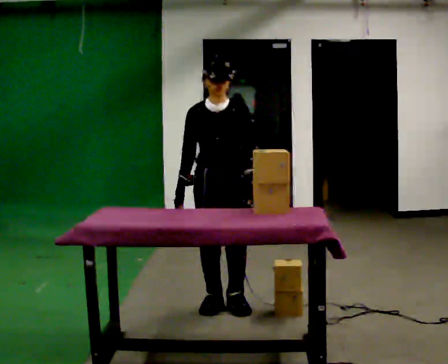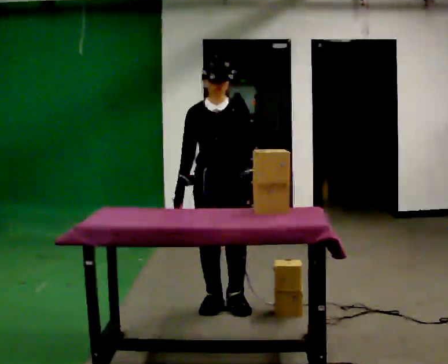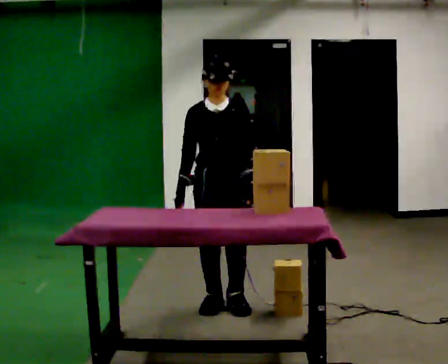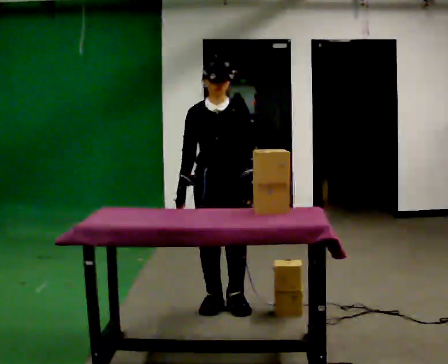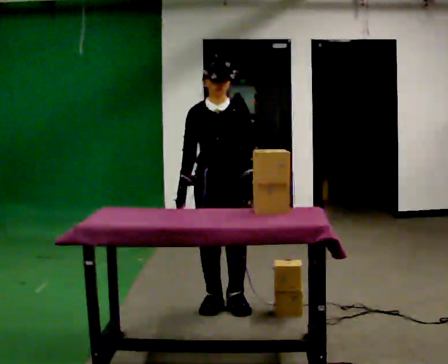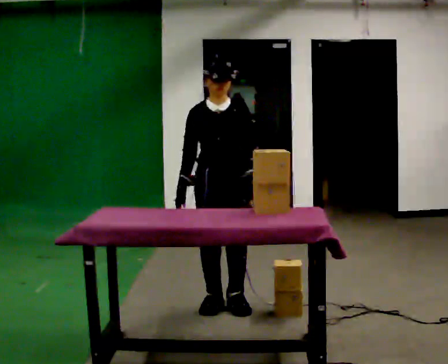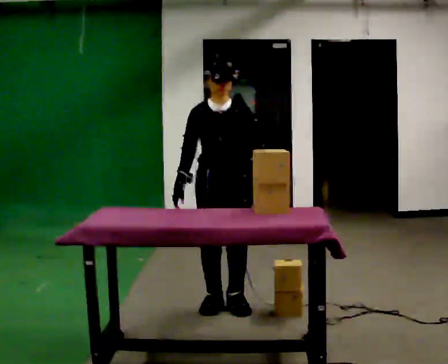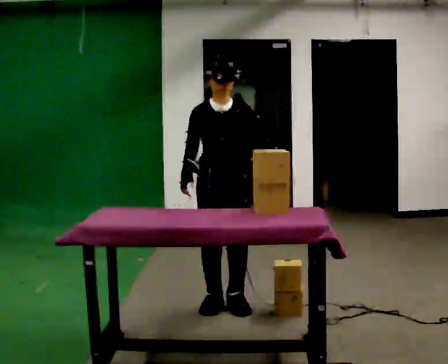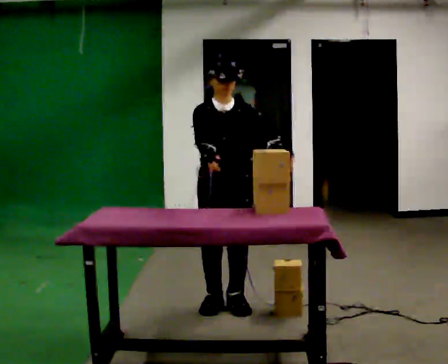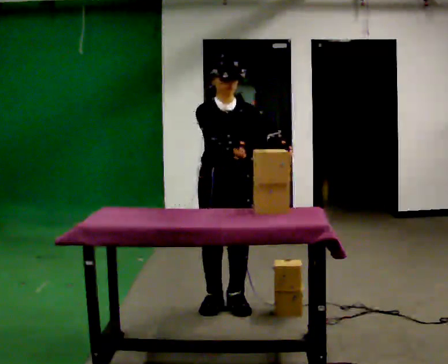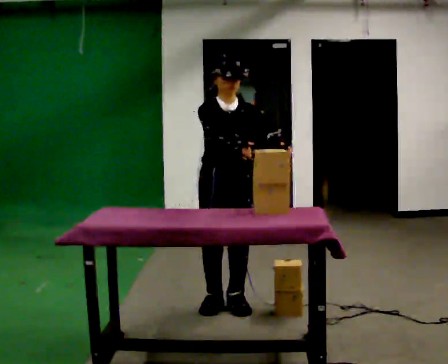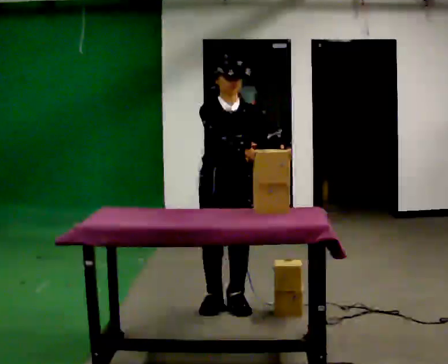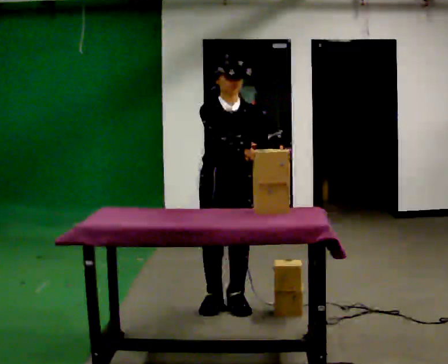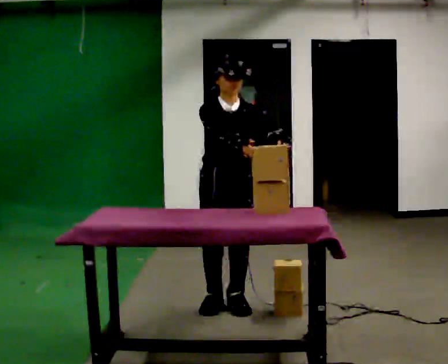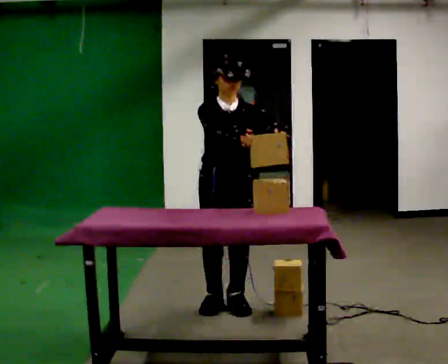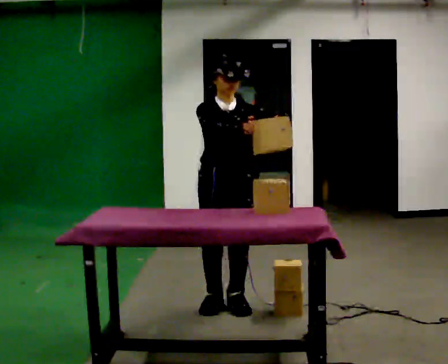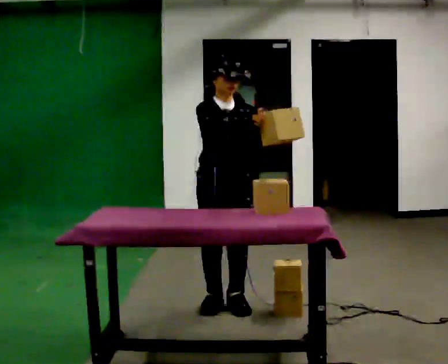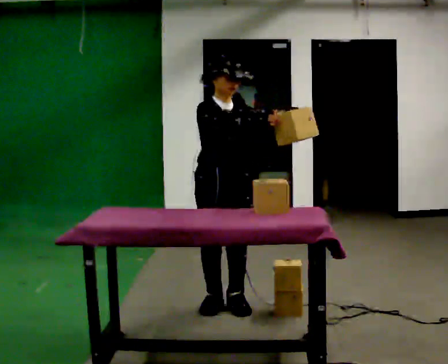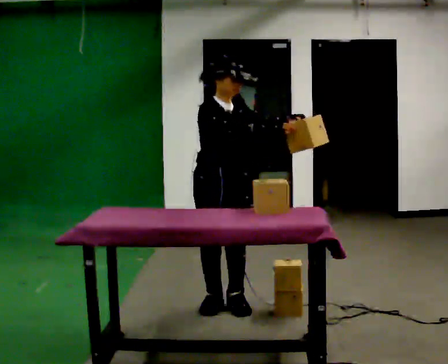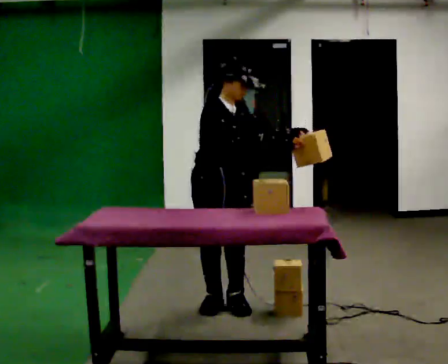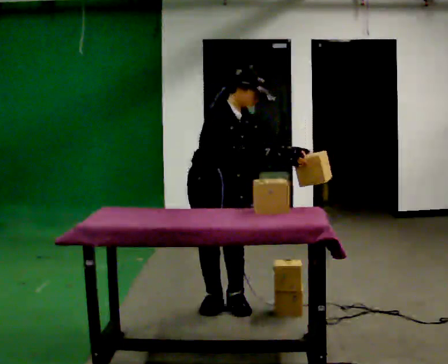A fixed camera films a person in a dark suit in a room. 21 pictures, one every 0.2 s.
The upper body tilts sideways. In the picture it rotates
clockwise.
0.0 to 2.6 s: In the picture their right hand goes to the right and upward.
2.6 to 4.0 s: The person turns about 30 degrees to their left, counterclockwise seen from above, so the part of the body nearest the lens slides to the right. In the picture the upper body tilts clockwise, shoulders to the right.
The film runs forward here.
